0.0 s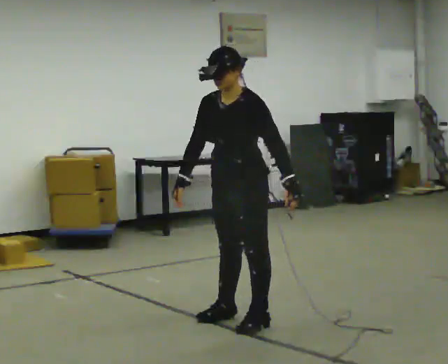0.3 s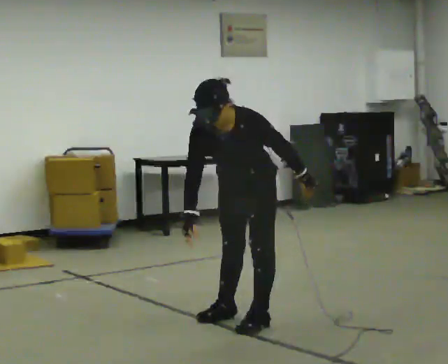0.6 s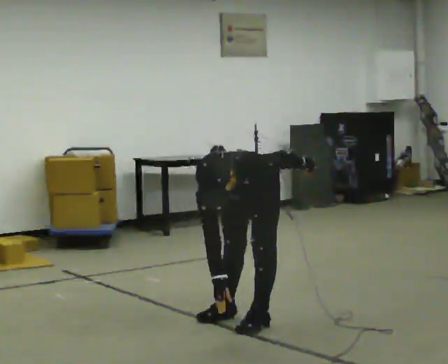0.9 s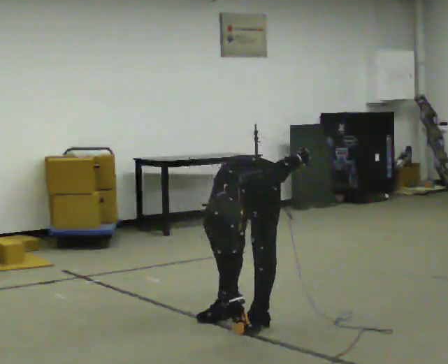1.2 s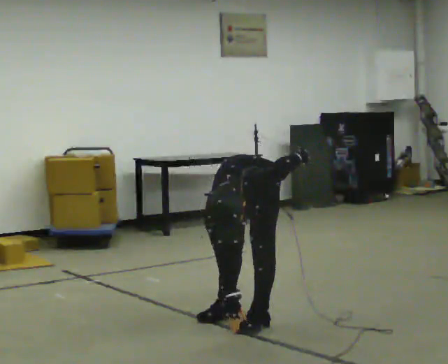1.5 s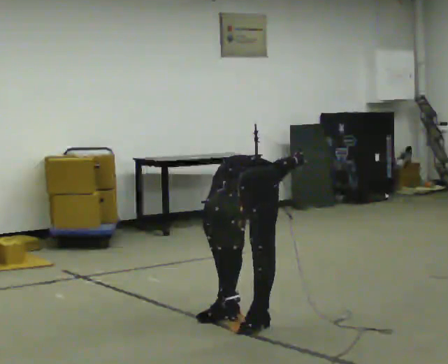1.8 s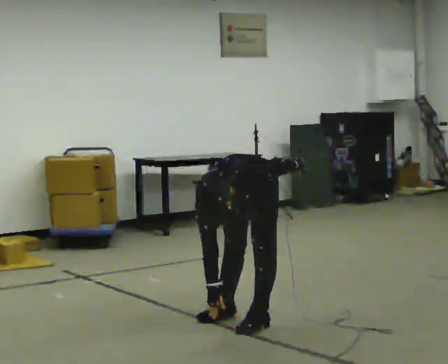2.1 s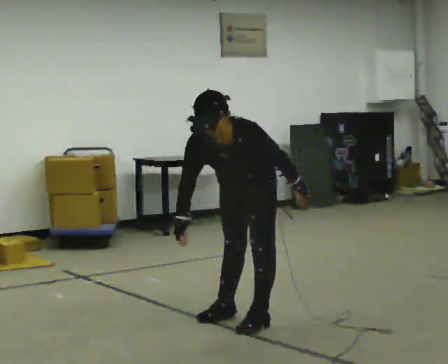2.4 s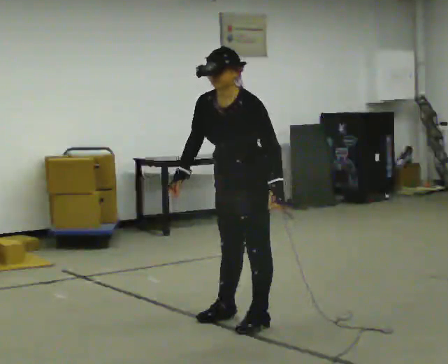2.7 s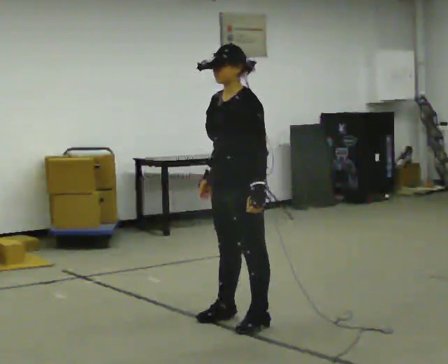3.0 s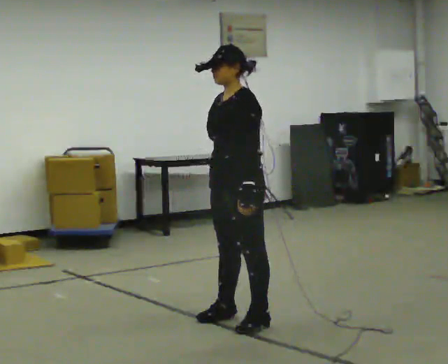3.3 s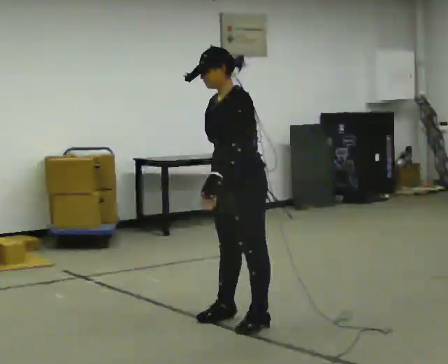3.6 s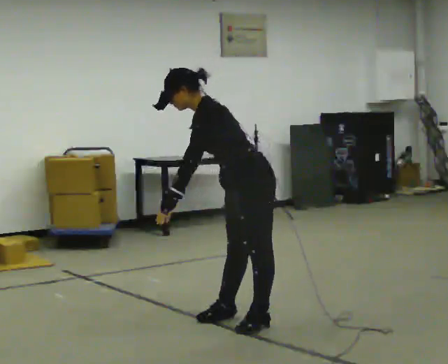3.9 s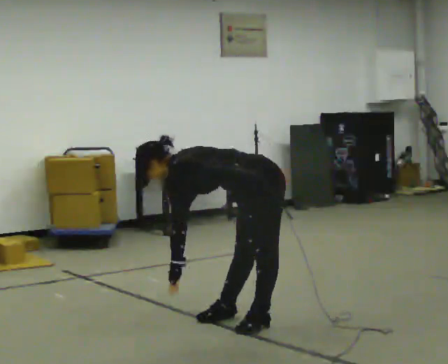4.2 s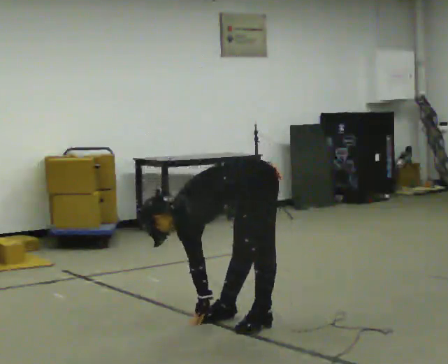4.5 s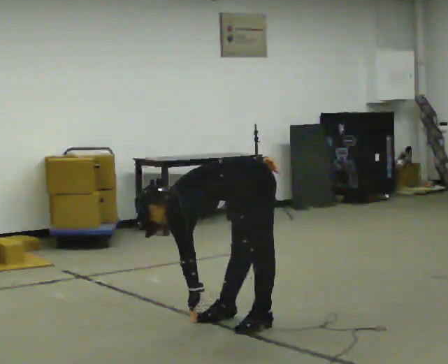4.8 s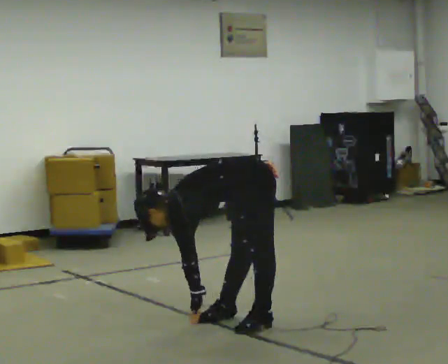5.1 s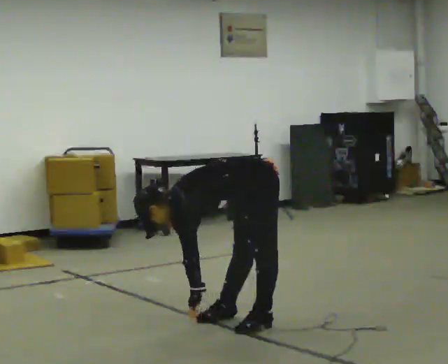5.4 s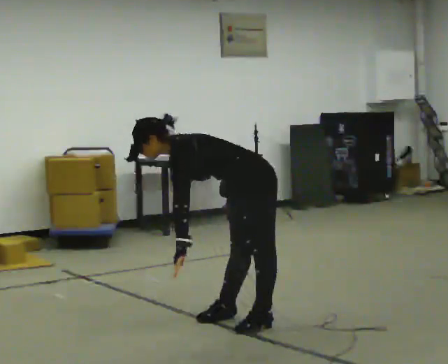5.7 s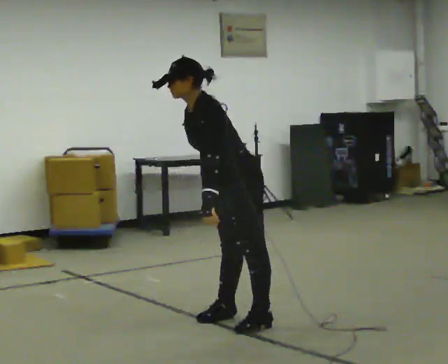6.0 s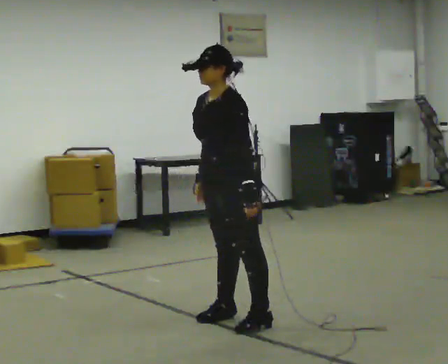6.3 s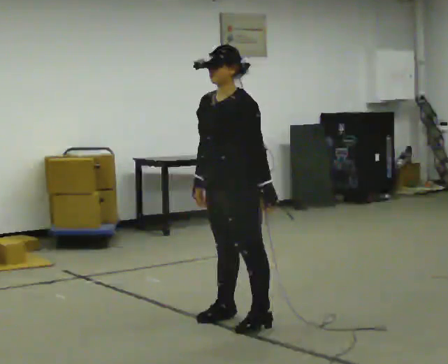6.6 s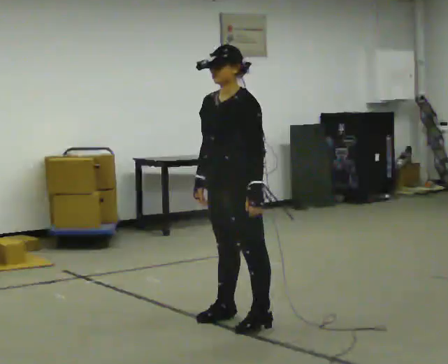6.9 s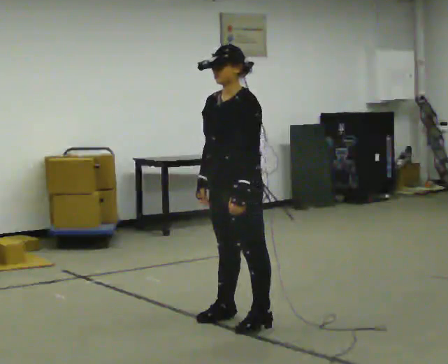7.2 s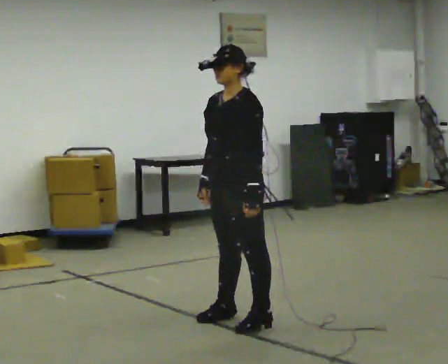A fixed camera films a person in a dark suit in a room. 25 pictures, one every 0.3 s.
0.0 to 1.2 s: The upper body goes downward. The upper body tips toward the camera, its near side rolling downward, as they bend forward.
1.2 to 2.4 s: Seen from above the body turns clockwise, about 30 degrees: to their right, with its near side sliding to the left. The upper body goes upward. The upper body tips away from the camera, its near side rolling upward, as they lean back or straighten.
2.4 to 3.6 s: The part of the body nearest the lens slides to the left as the person turns to their right by about 30 degrees. In the picture their right hand goes to the right, the arm swinging counterclockwise.
3.6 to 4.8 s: The upper body goes downward. The upper body tips away from the camera, its near side rolling upward, as they bend forward.
4.8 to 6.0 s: The person turns about 30 degrees to their left, counterclockwise seen from above, so the part of the body nearest the lens slides to the right. The upper body goes upward. In the picture the upper body tilts clockwise, shoulders to the right, as they lean back or straighten. In the picture their right hand goes to the left, the arm swinging clockwise.
6.0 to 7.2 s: The person moves a little, or ends about where they began.
The film runs forward here.
